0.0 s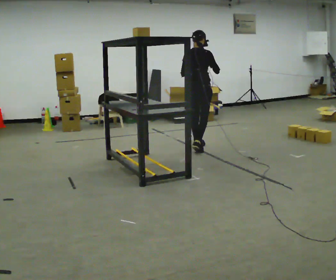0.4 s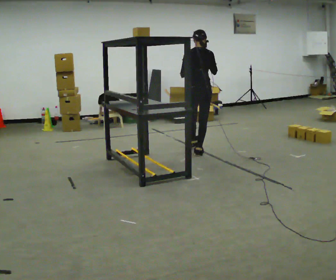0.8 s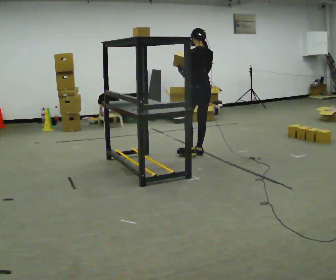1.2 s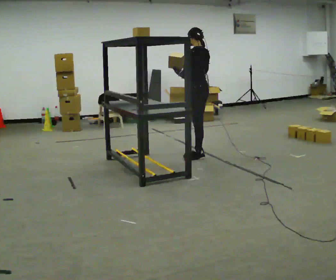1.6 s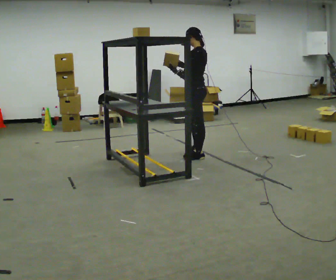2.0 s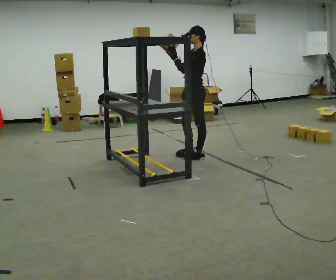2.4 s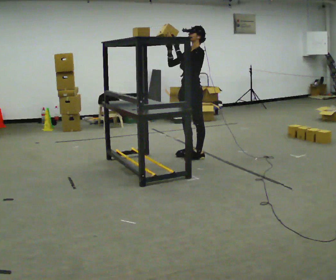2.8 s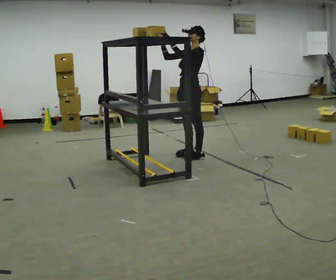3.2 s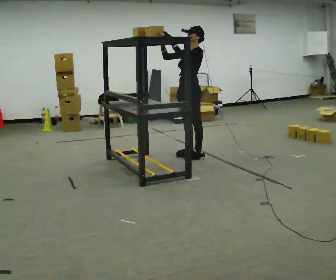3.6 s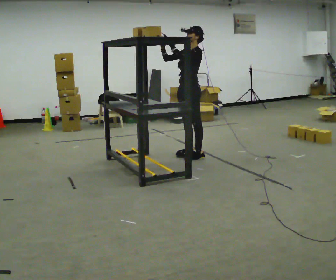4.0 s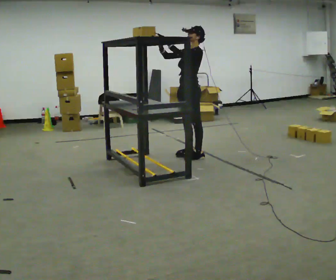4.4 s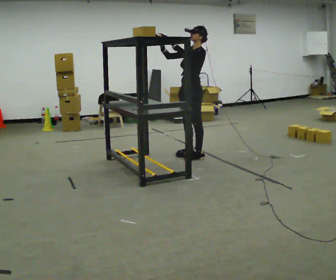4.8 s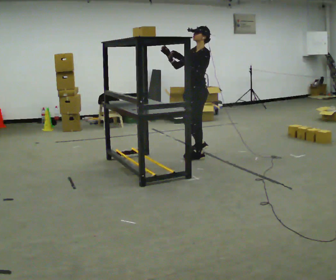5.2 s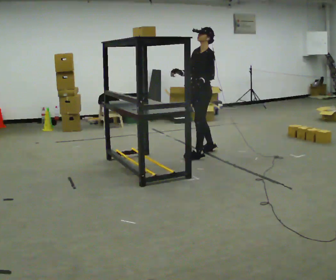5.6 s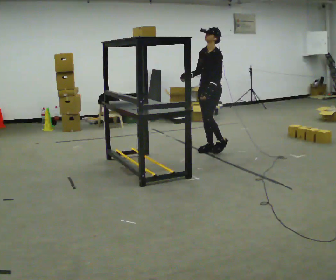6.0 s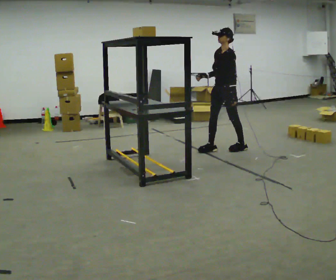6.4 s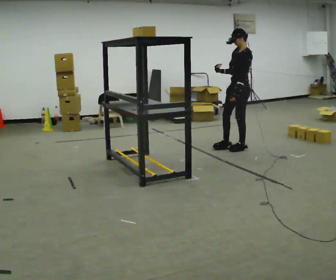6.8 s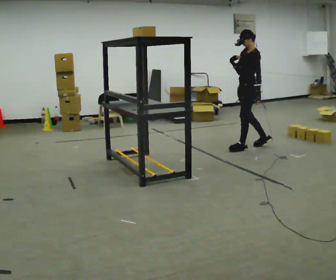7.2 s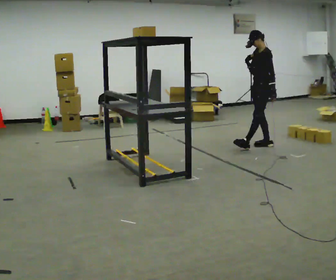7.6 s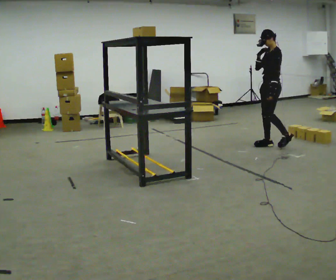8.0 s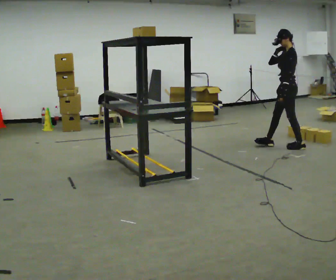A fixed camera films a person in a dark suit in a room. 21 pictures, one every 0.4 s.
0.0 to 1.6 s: Seen from above the body turns counterclockwise, about 90 degrees: to their left, with its near side sliding to the right. In the picture they go toward the camera, about 0.5 m in 1 step.
1.6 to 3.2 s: Seen from above the body turns counterclockwise, about 45 degrees: to their left, with its near side sliding to the right.
3.2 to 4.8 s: The person moves a little, or ends about where they began.
4.8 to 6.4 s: In the picture they go to the right and away from the camera, about 0.75 m in 2 steps, which for them is backward. In the picture their left hand goes downward.
6.4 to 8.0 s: The part of the body nearest the lens slides to the left as the person turns to their right by about 30 degrees. In the picture they go to the right, about 0.75 m in 2 steps, which for them is backward.
The film runs backward here.
